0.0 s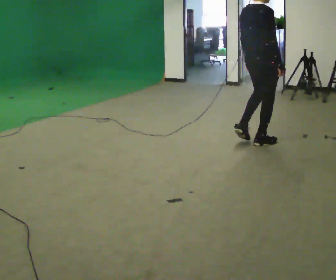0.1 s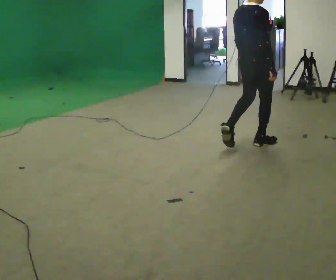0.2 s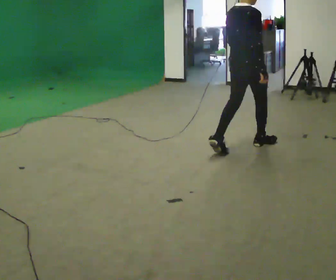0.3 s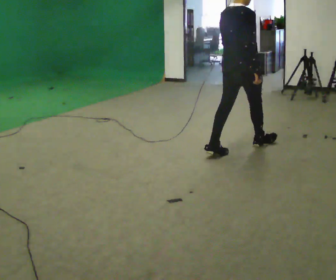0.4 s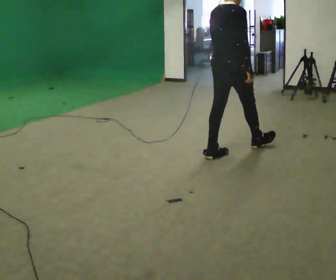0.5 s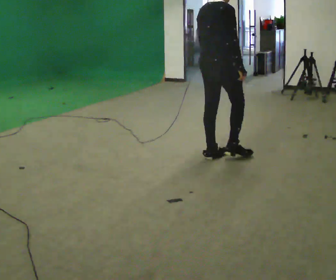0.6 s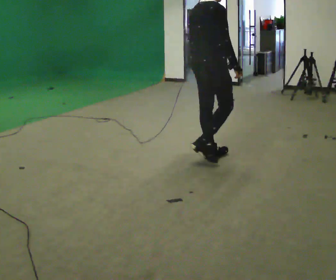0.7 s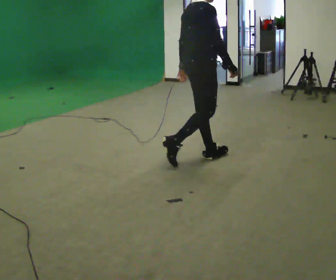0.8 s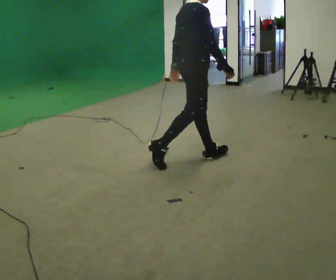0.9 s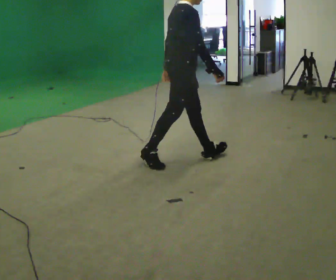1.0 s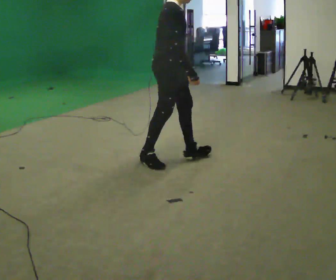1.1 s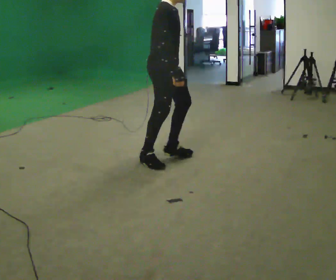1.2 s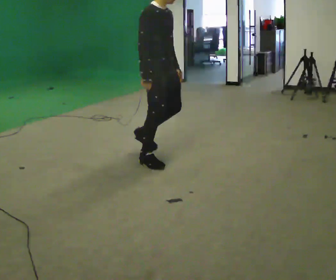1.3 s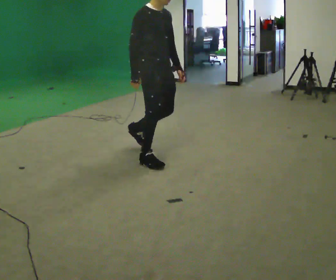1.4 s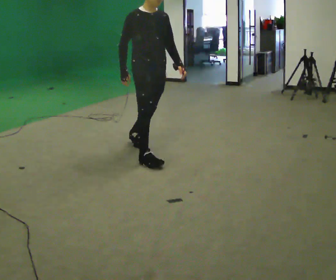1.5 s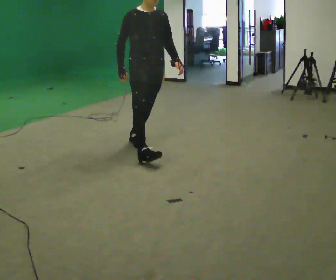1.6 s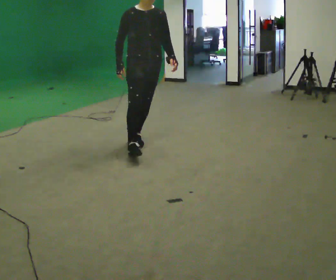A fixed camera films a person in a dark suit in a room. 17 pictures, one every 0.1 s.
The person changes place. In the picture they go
to the left.
The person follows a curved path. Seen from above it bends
clockwise.
0.0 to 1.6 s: The part of the body nearest the lens slides to the left as the person turns to their right by about 90 degrees. In the picture they go to the left, about 1 m in 3 steps.
The film runs backward here.
